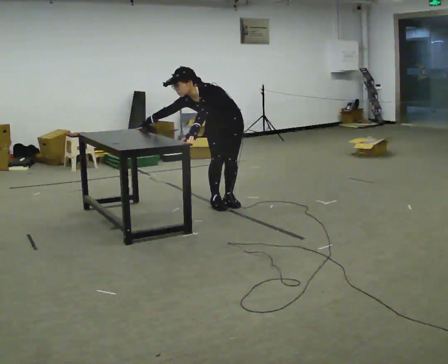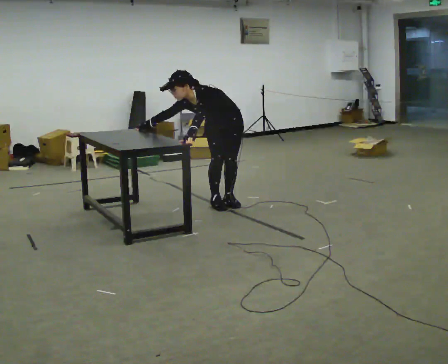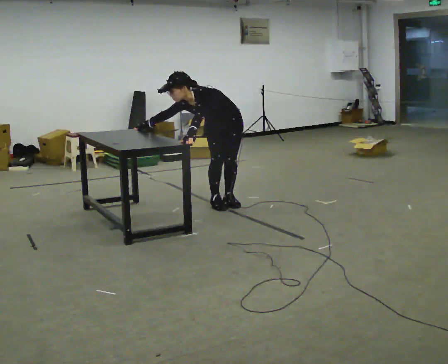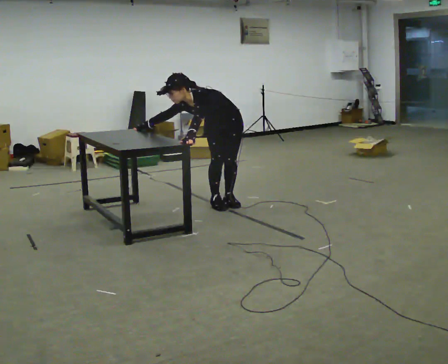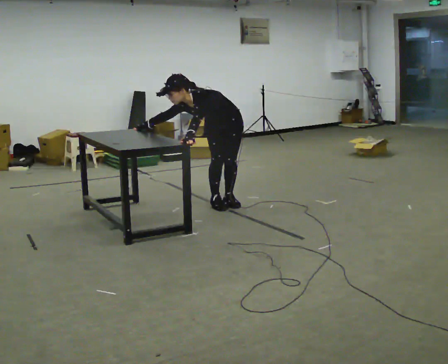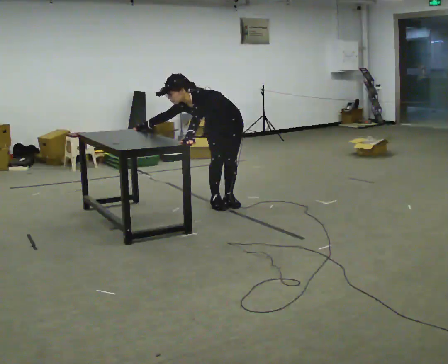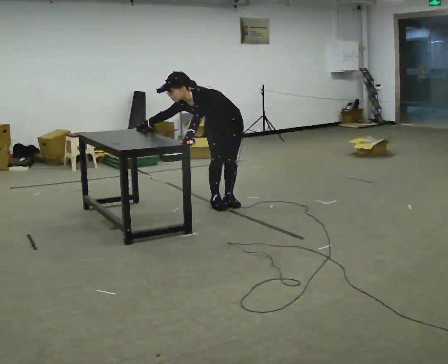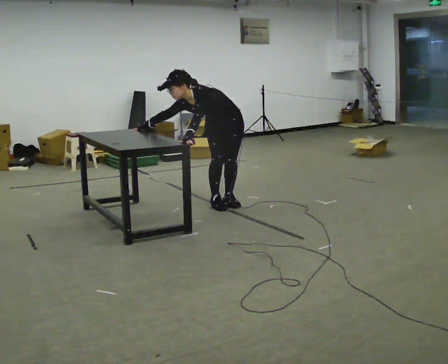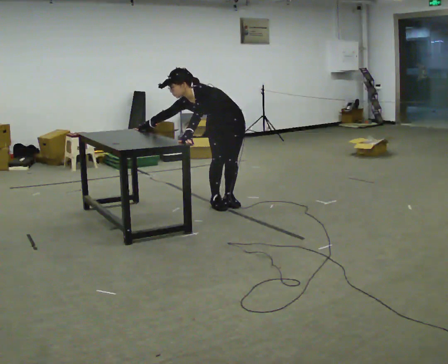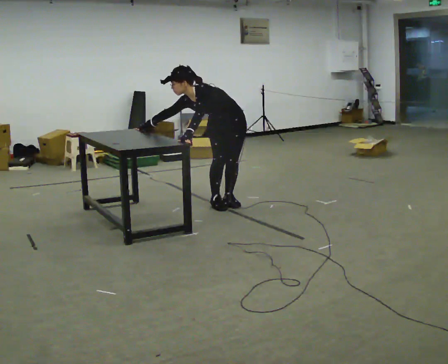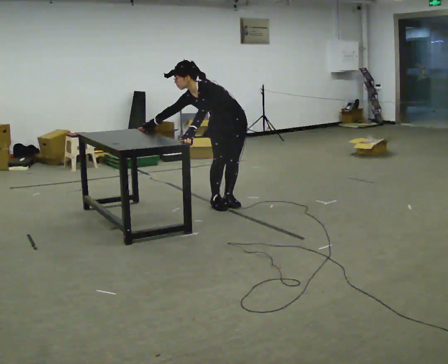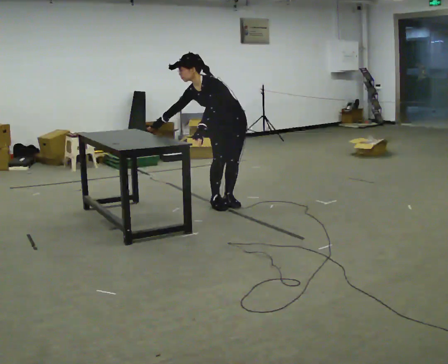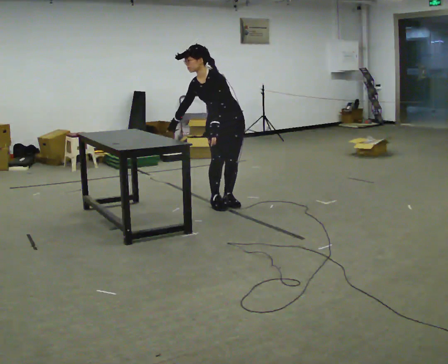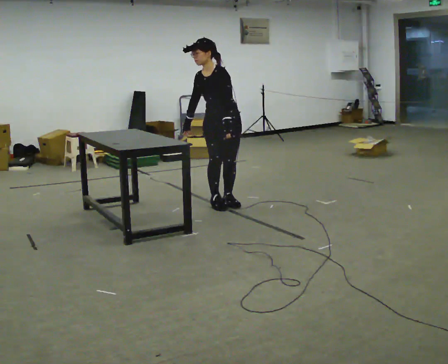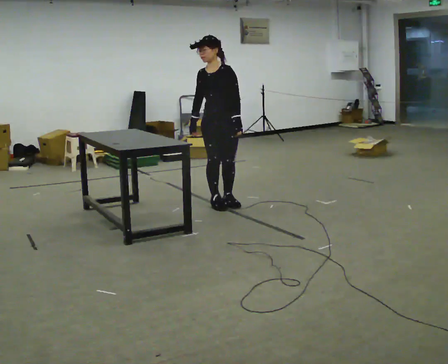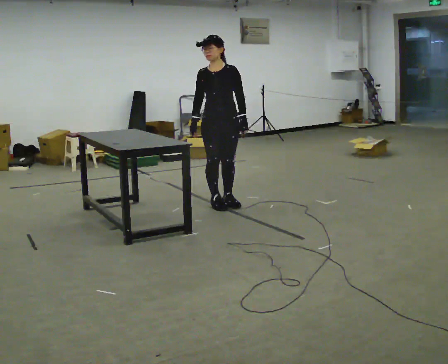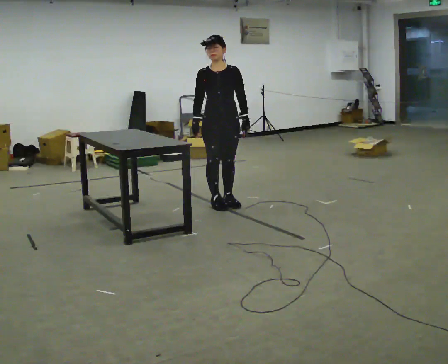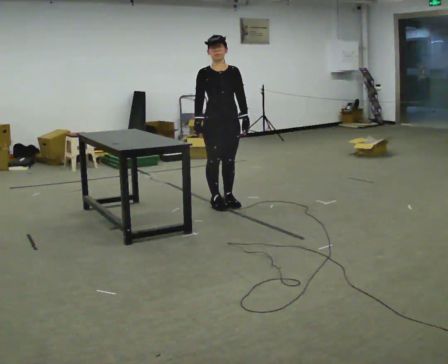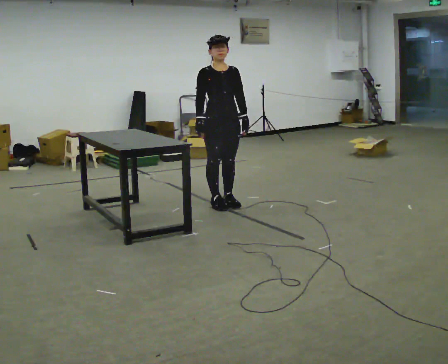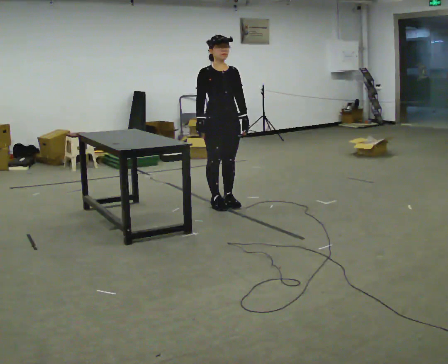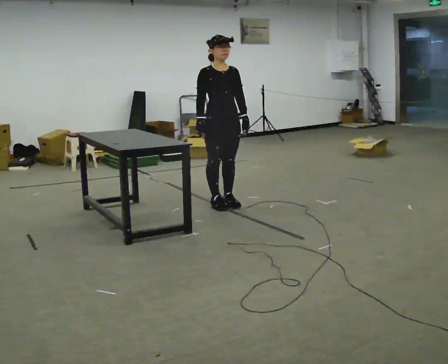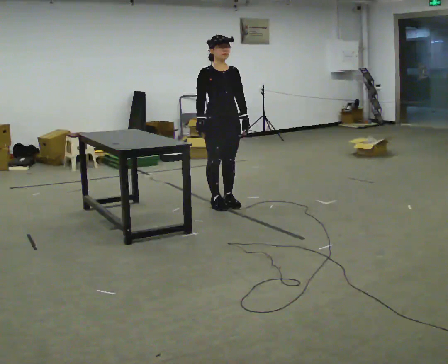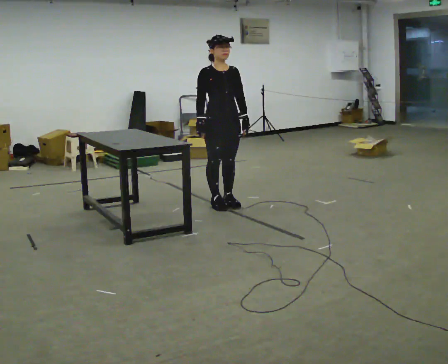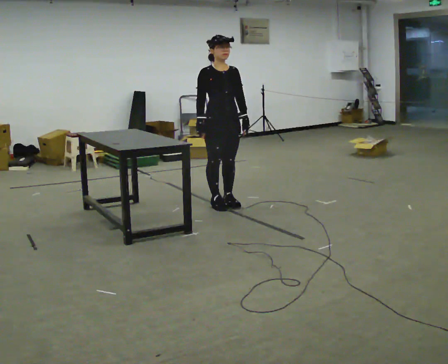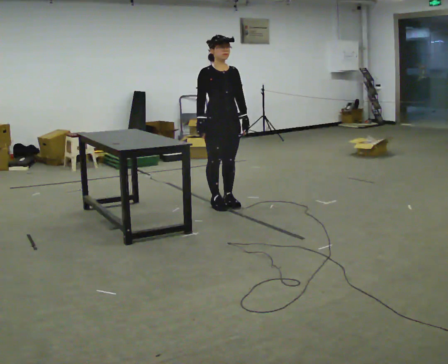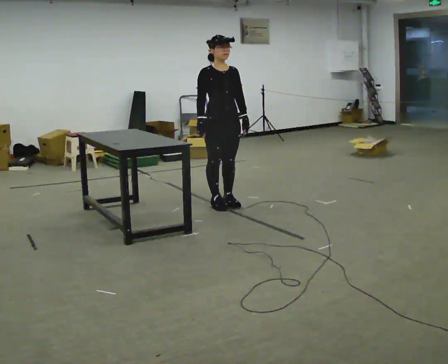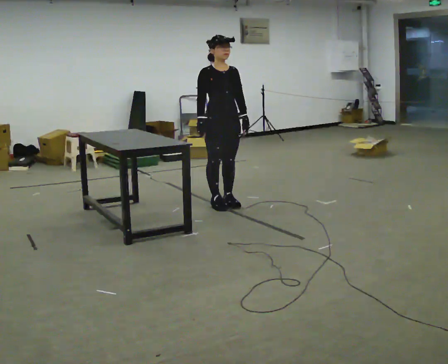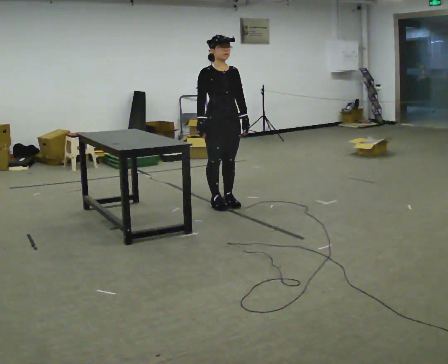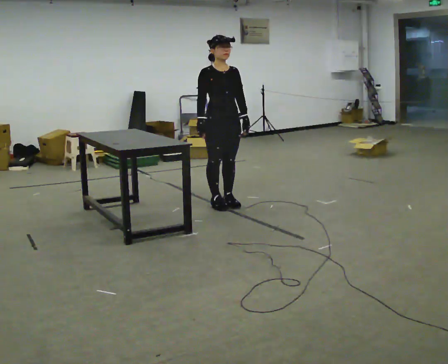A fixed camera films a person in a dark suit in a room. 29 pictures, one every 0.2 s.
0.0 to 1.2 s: The person moves a little, or ends about where they began.
1.2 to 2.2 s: The upper body tips away from the camera, its near side rolling upward, as they lean back or straighten.
2.2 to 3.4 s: The person turns about 45 degrees to their left, counterclockwise seen from above, so the part of the body nearest the lens slides to the right. In the picture the upper body tilts clockwise, shoulders to the right, as they lean back or straighten. In the picture their left hand goes to the right.
3.4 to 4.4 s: The person moves a little, or ends about where they began.
4.4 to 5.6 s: The person keeps their place and pose.
The film runs backward here.
